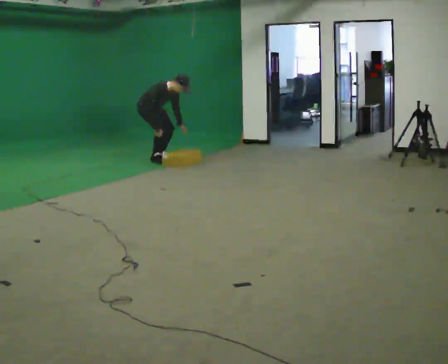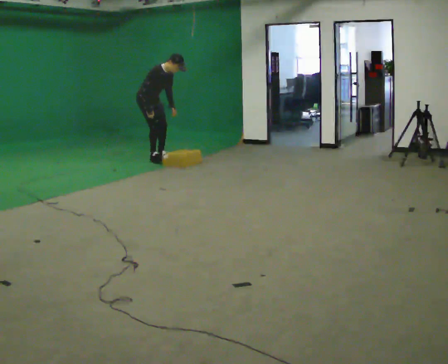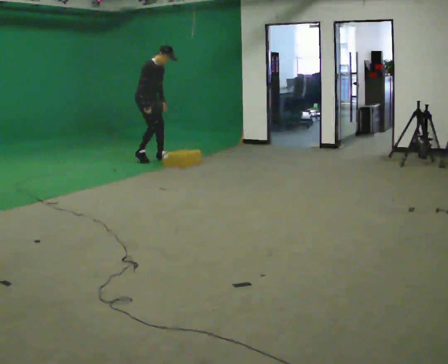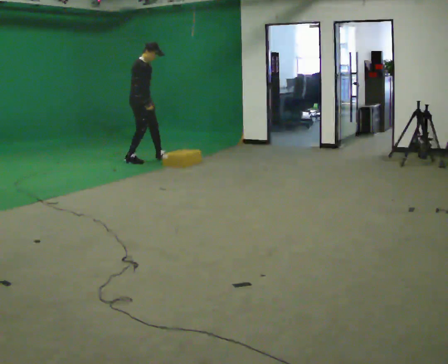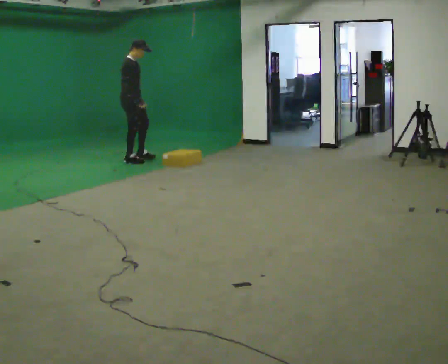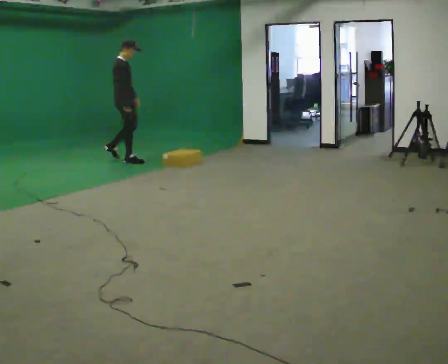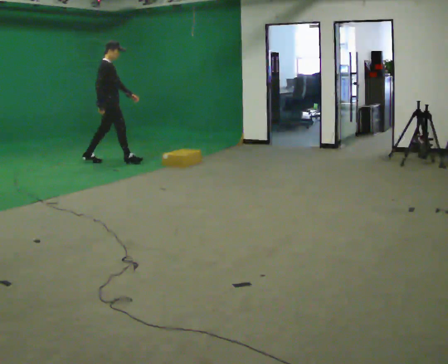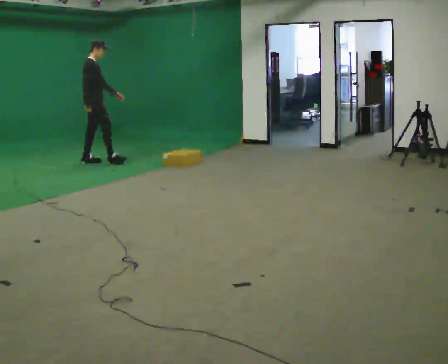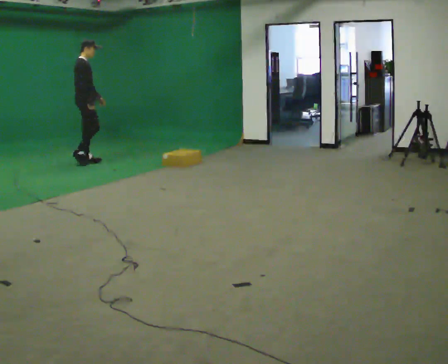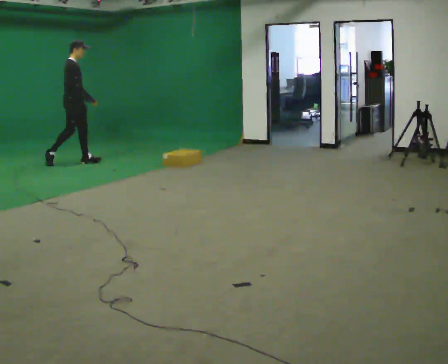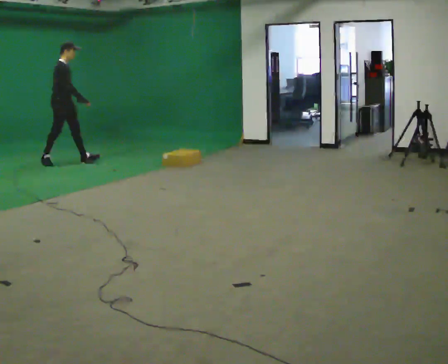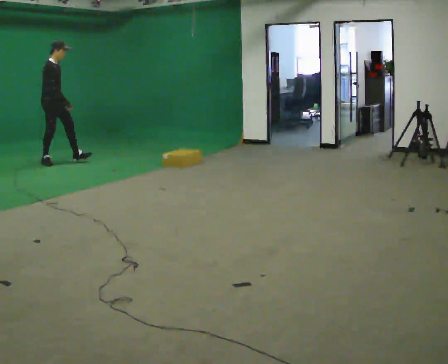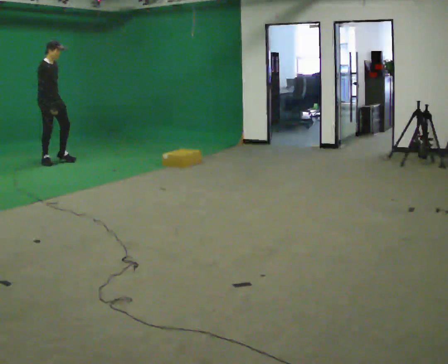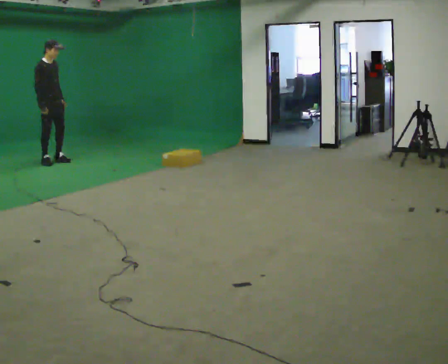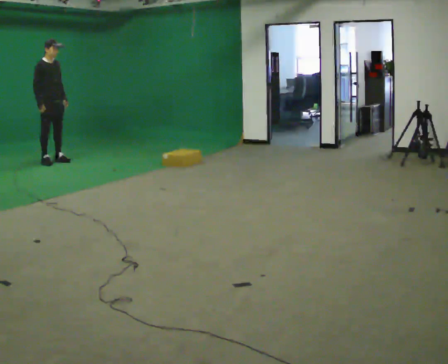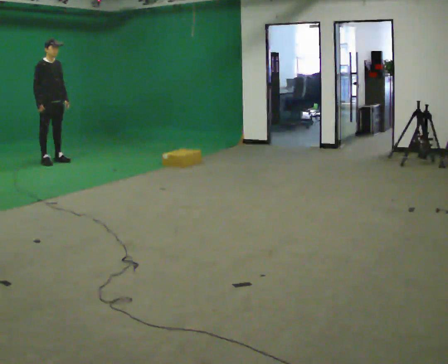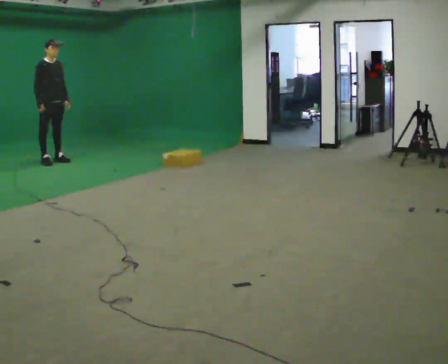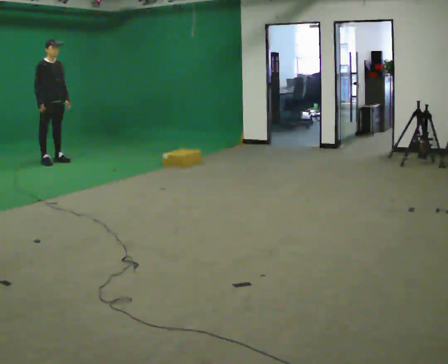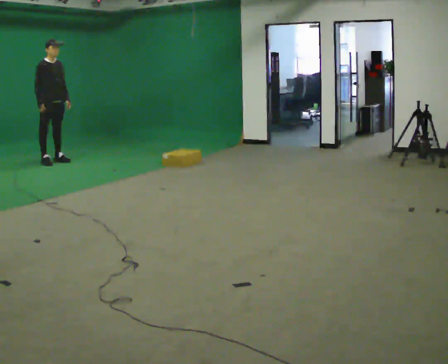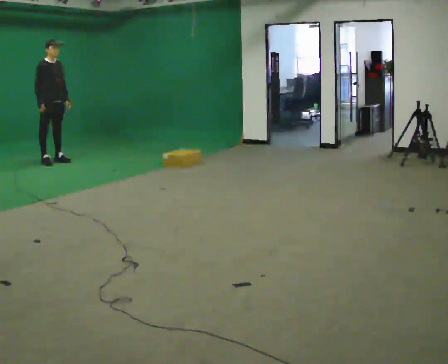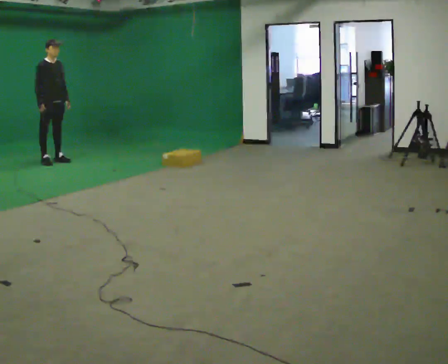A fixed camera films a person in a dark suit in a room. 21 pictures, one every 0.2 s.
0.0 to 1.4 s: The person turns about 45 degrees to their left, counterclockwise seen from above, so the part of the body nearest the lens slides to the right. In the picture they go to the left, about 1 m in 3 steps, which for them is backward and to their right. The upper body goes upward. The upper body tips away from the camera, its near side rolling upward, as they lean back or straighten. In the picture their left hand goes upward.
1.4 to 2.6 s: Seen from above the body turns clockwise, about 30 degrees: to their right, with its near side sliding to the left. In the picture they go to the left, about 0.75 m in 1 step, which for them is backward.
2.6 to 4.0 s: The person moves a little, or ends about where they began.
The film runs backward here.
